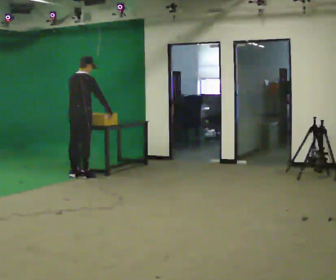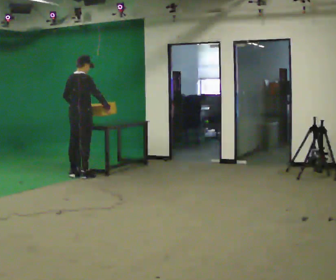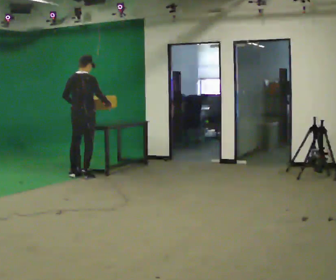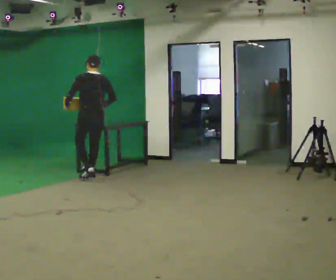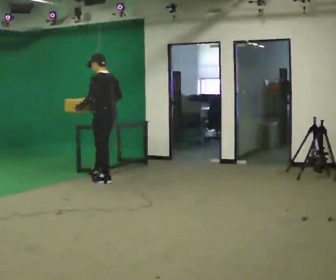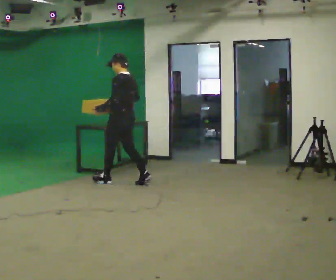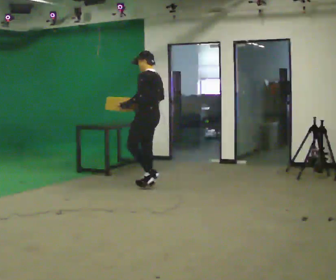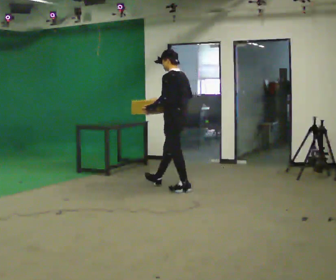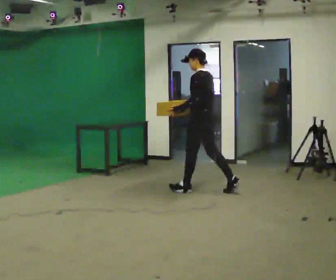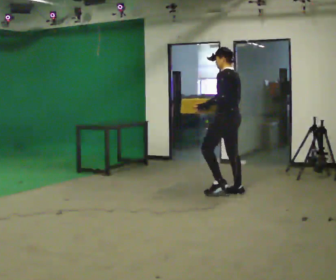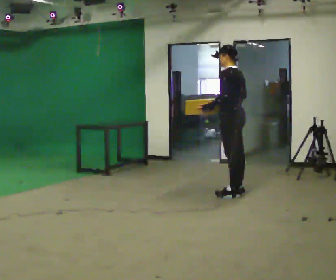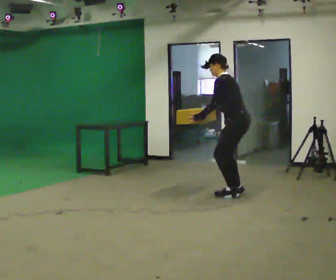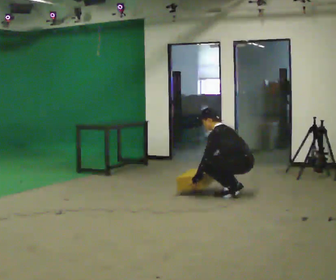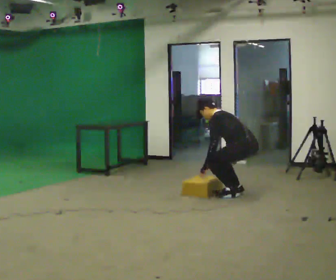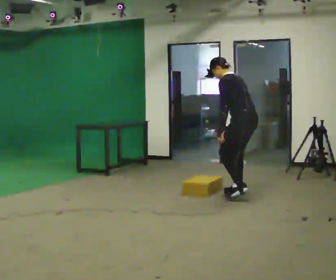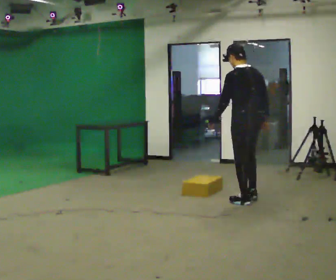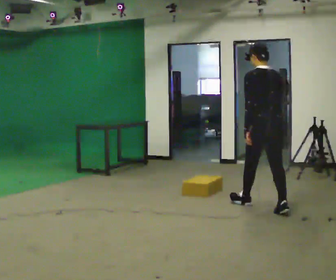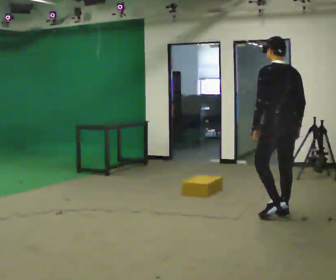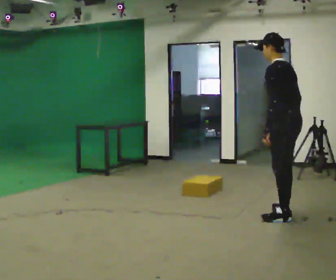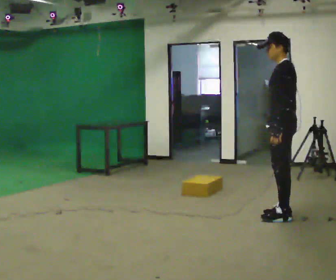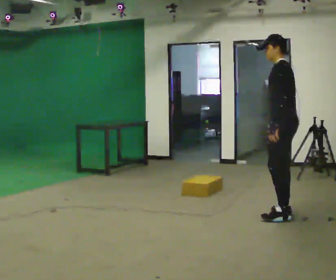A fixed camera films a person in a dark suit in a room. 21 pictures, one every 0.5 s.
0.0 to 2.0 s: The person turns about 90 degrees to their left, counterclockwise seen from above, so the part of the body nearest the lens slides to the right. In the picture they go to the right and toward the camera, about 0.5 m in 2 steps.
2.0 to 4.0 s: In the picture they go to the right, about 1.5 m in 2 steps, which for them is backward.
4.0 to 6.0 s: In the picture they go to the right, about 0.5 m in 1 step, which for them is backward. The shoulders move downward. In the picture the upper body tilts counterclockwise, shoulders to the left, as they bend forward. In the picture their right hand goes downward.
6.0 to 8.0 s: The part of the body nearest the lens slides to the left as the person turns to their right by about 45 degrees. In the picture they go toward the camera, about 0.5 m in 2 steps, which for them is backward and to their left. The shoulders move upward. In the picture their right hand goes upward.
8.0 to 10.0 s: The person turns about 60 degrees to their left, counterclockwise seen from above, so the part of the body nearest the lens slides to the right. In the picture they go toward the camera and to the right, about 0.25 m in 1 step.
The film runs backward here.
